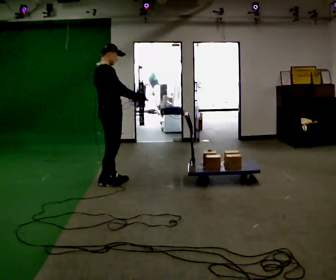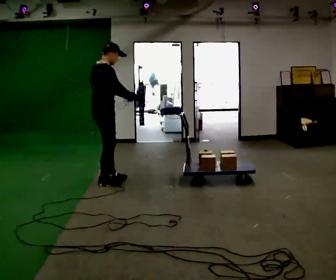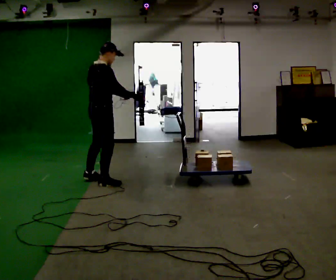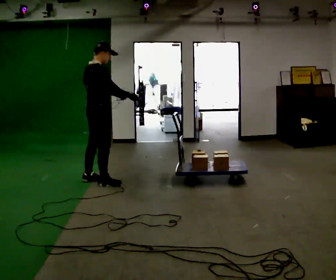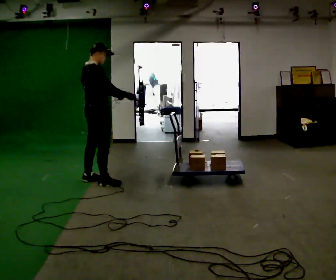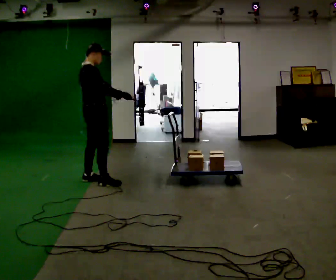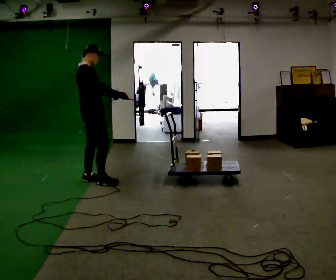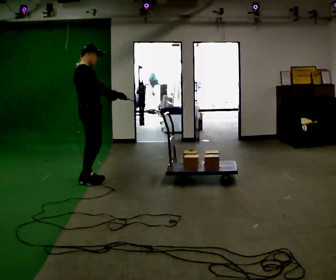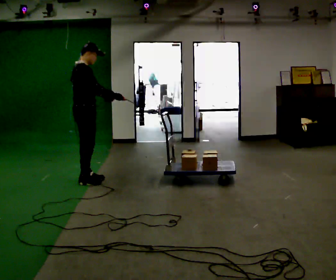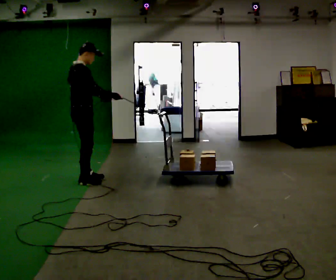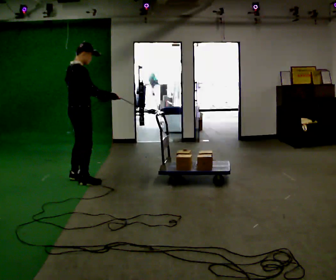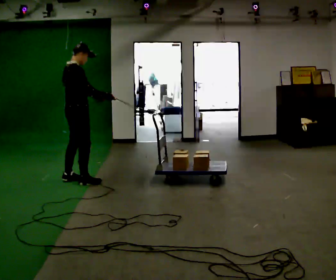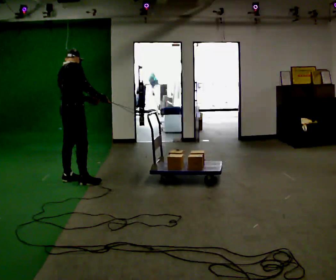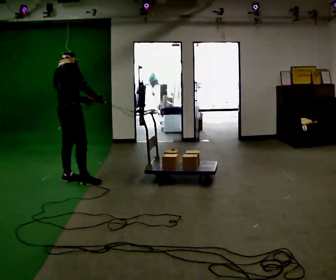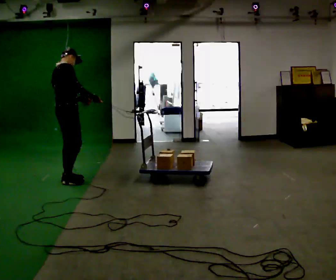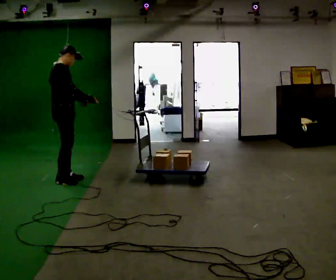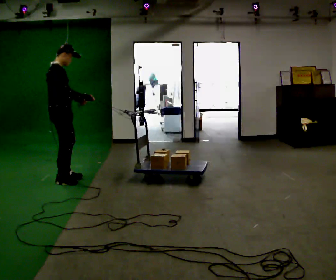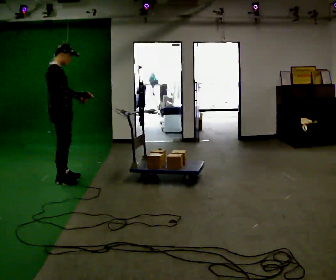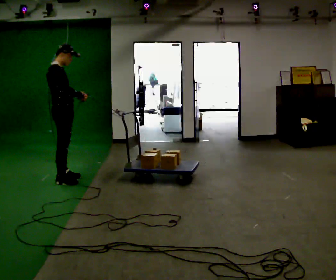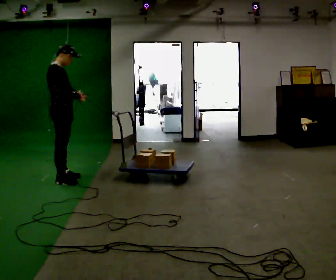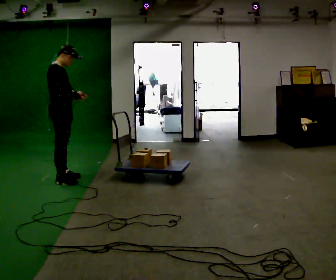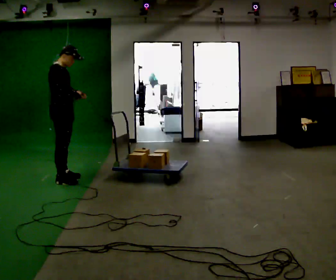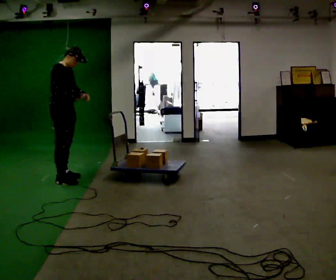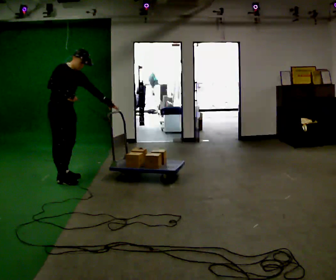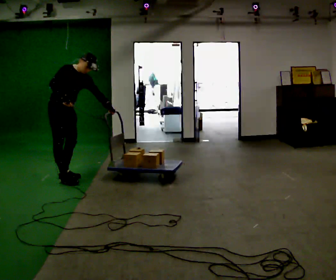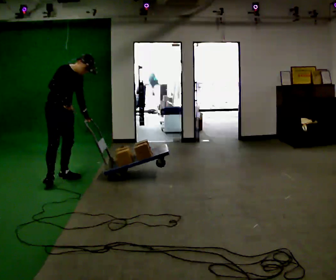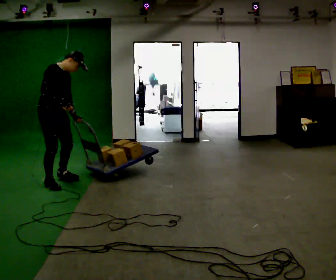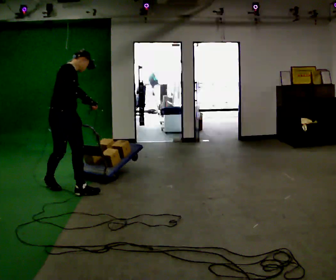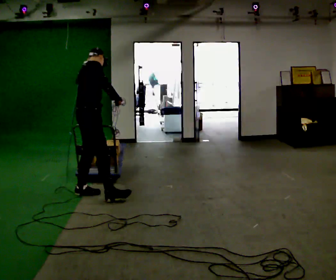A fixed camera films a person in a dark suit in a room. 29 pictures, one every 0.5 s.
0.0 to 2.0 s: In the picture they go to the left, about 0.25 m in 1 step, which for them is backward.
2.0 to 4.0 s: In the picture they go to the left, about 0.25 m in 1 step, which for them is backward.
4.0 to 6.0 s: The person moves a little, or ends about where they began.
6.0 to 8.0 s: In the picture they go to the left, about 0.25 m in 1 step, which for them is backward.
8.0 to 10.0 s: The person moves a little, or ends about where they began.
10.0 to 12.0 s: The part of the body nearest the lens slides to the left as the person turns to their right by about 30 degrees. In the picture the upper body tilts clockwise, shoulders to the right, as they bend forward.
12.0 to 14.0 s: The person turns about 45 degrees to their left, counterclockwise seen from above, so the part of the body nearest the lens slides to the right. In the picture they go toward the camera and to the right, about 1 m in 2 steps, which for them is forward and to their right. In the picture the upper body tilts counterclockwise, shoulders to the left.
The film runs forward here.
